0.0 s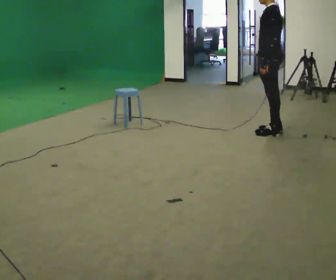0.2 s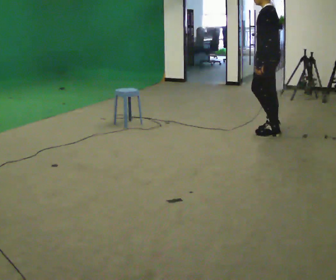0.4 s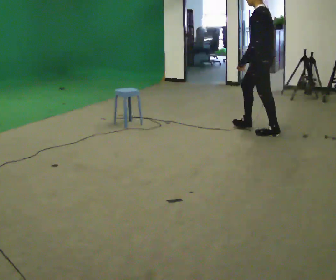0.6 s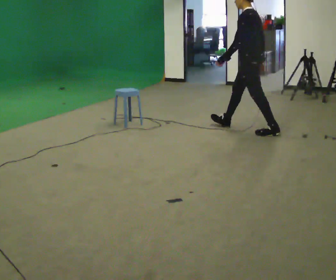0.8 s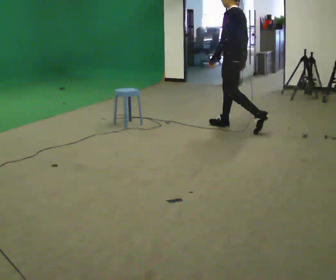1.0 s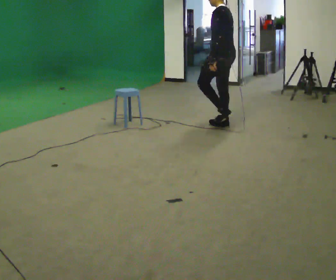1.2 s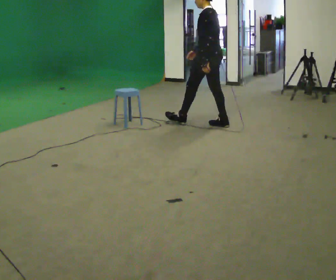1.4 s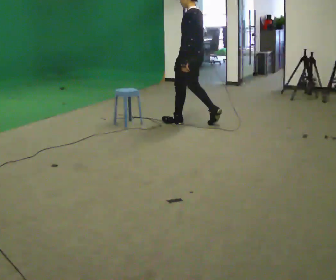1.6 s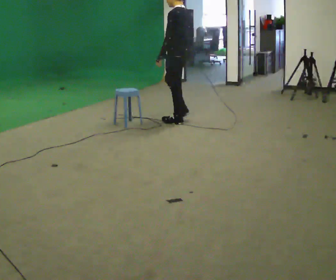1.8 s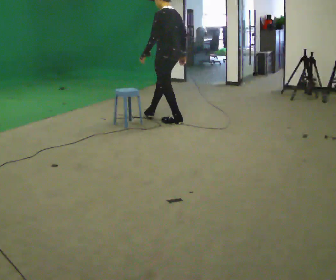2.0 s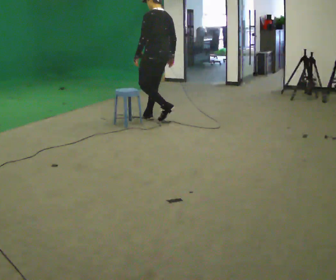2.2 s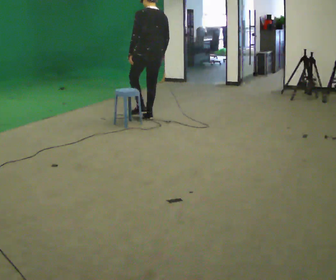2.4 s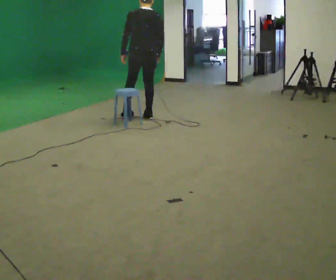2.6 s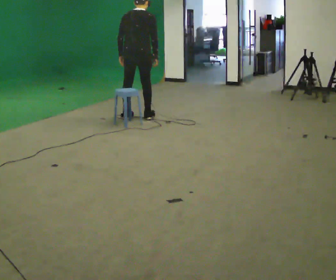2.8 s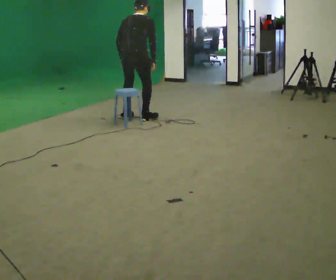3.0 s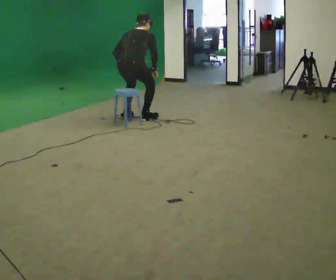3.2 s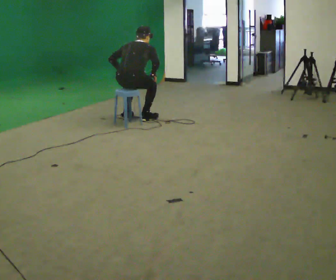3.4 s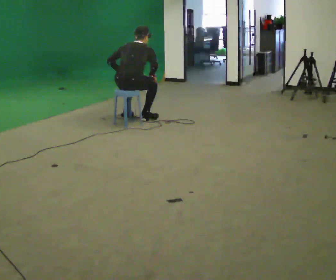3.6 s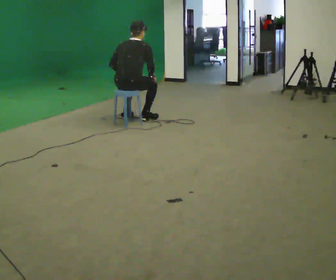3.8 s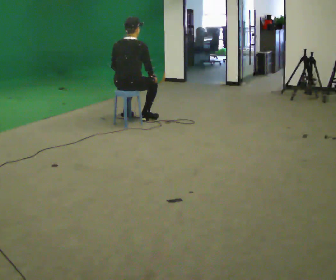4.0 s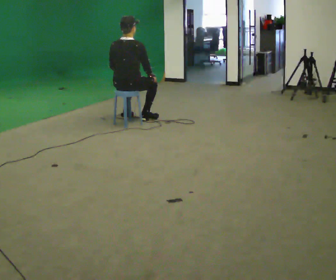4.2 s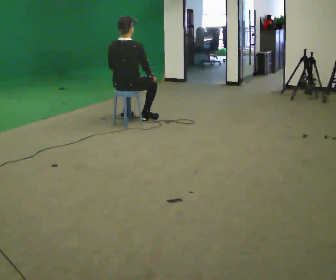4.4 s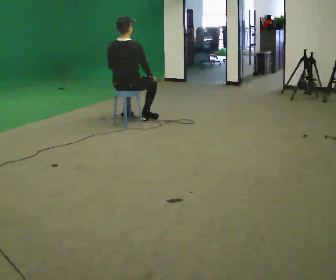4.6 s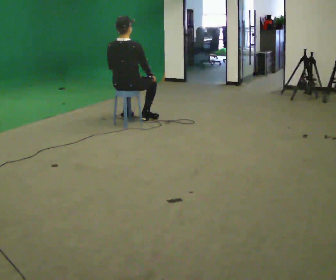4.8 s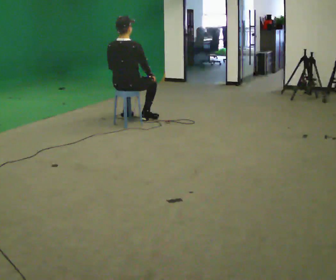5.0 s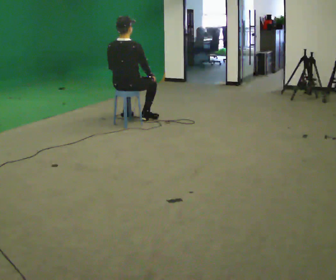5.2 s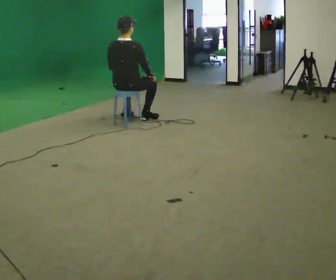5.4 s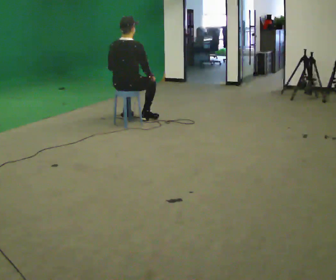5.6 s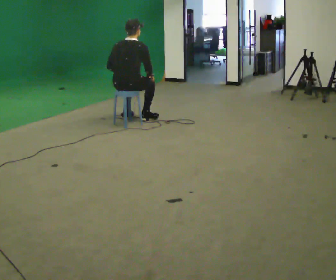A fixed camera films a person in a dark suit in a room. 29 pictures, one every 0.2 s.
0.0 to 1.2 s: In the picture they go to the left and away from the camera, about 1 m in 1 step, which for them is forward.
1.2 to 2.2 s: Seen from above the body turns clockwise, about 45 degrees: to their right, with its near side sliding to the left. In the picture they go to the left and away from the camera, about 1 m in 2 steps, which for them is forward.
2.2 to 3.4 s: The part of the body nearest the lens slides to the left as the person turns to their right by about 45 degrees. In the picture they go to the left and toward the camera, about 0.25 m in 1 step, which for them is backward and to their left. The shoulders move downward.
3.4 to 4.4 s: The upper body tips toward the camera, its near side rolling downward, as they lean back or straighten.
4.4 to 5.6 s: The upper body tips away from the camera, its near side rolling upward, as they bend forward.
The film runs forward here.
